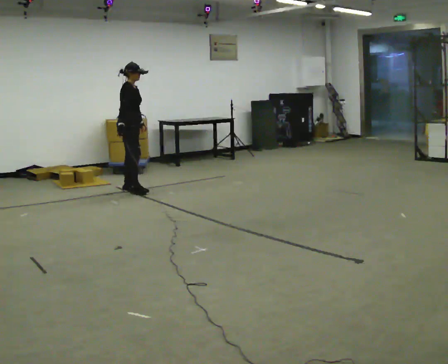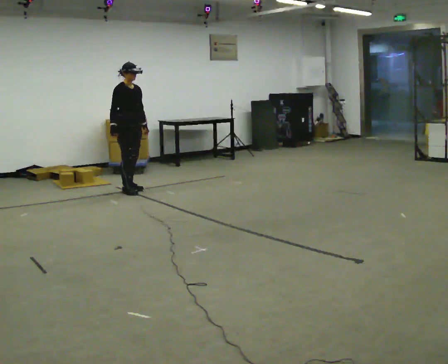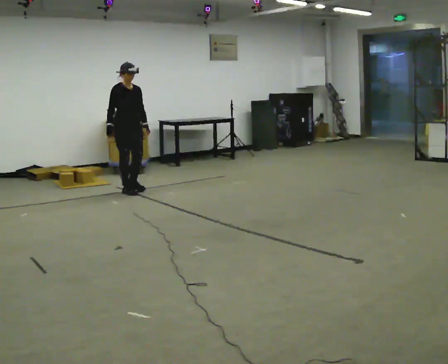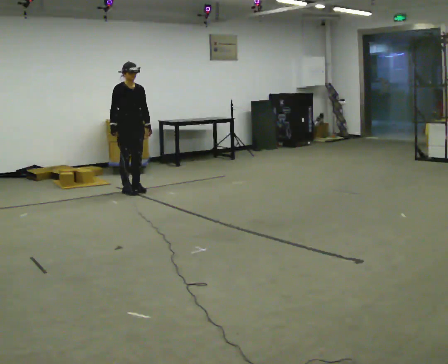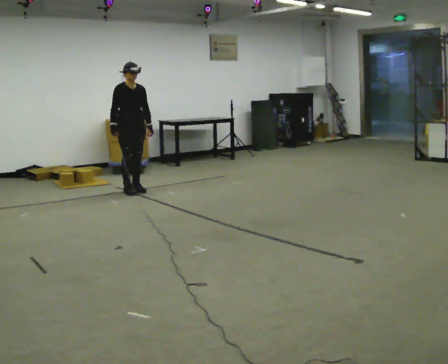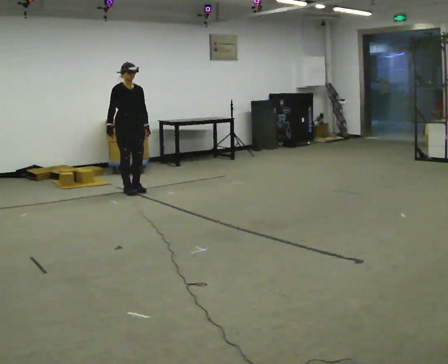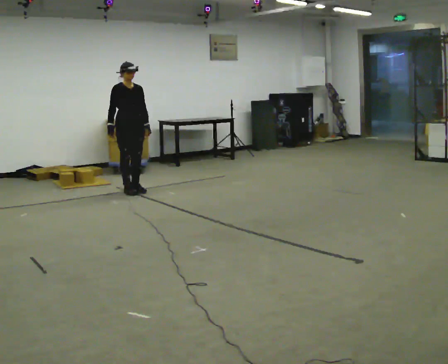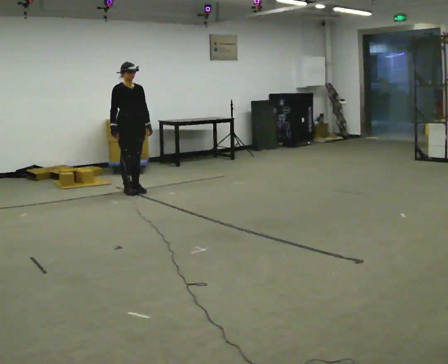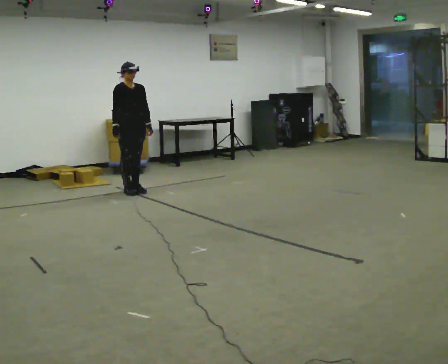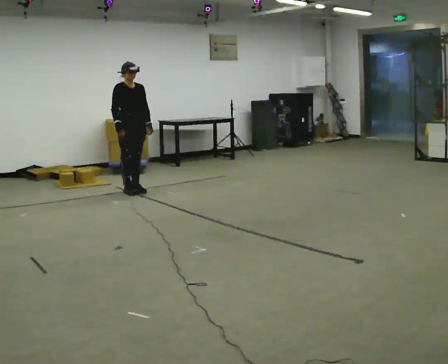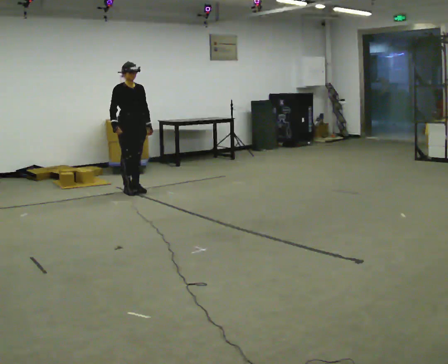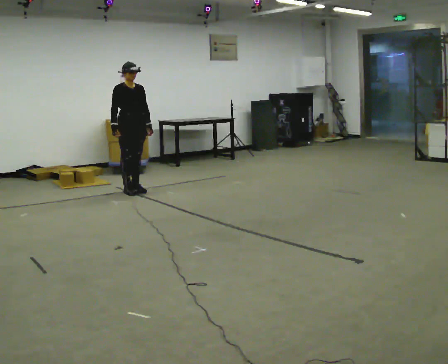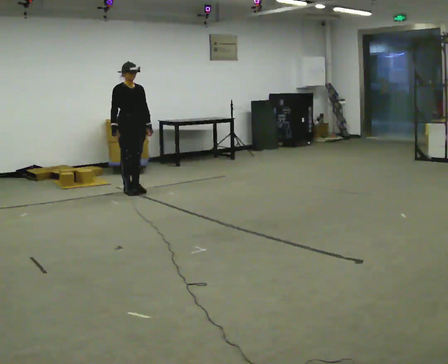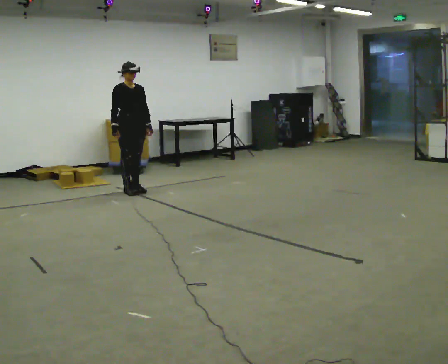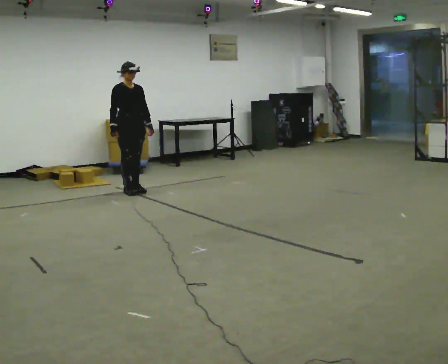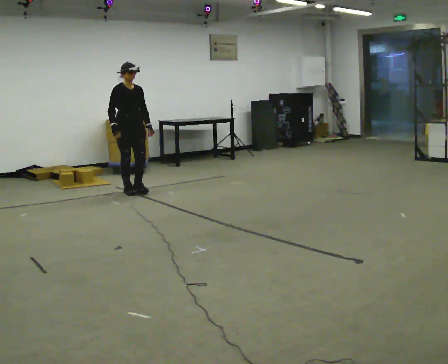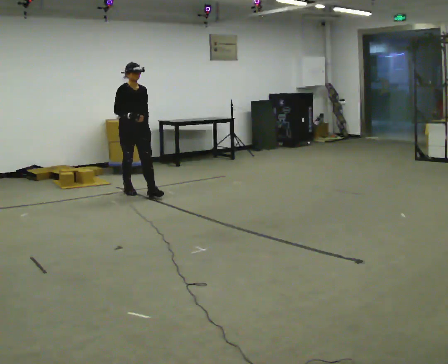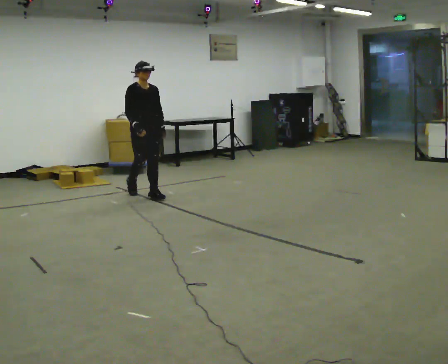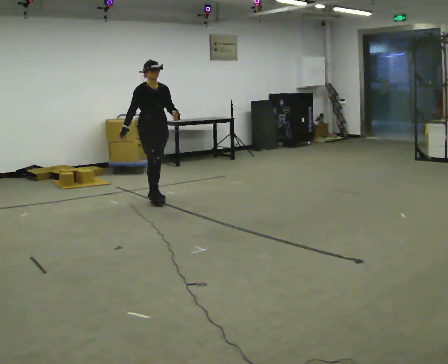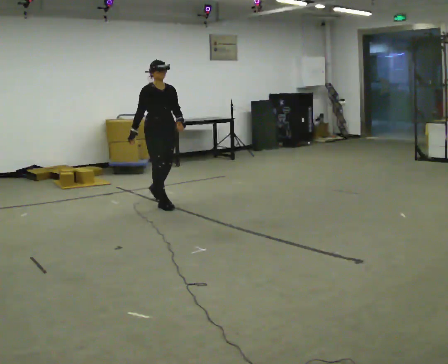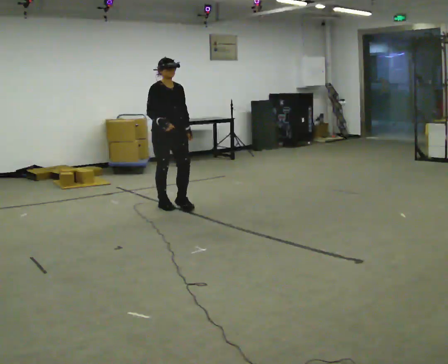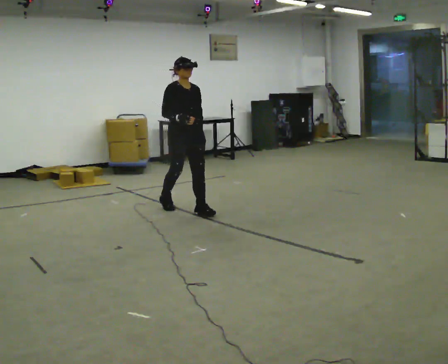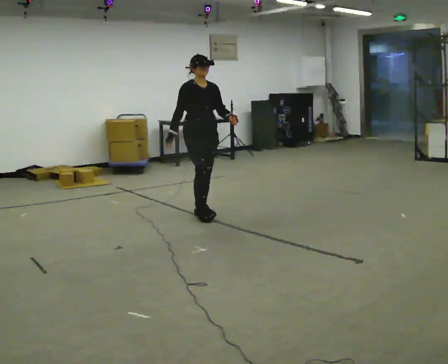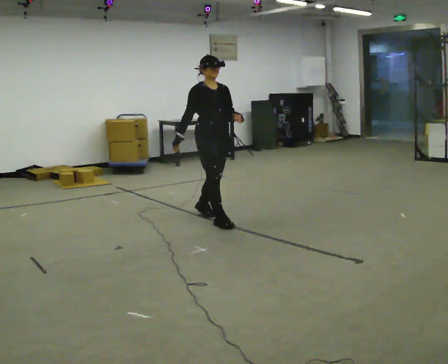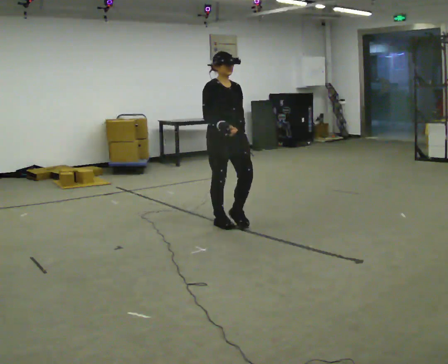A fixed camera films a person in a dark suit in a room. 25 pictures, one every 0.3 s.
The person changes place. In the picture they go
toward the camera.
0.0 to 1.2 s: The part of the body nearest the lens slides to the left as the person turns to their right by about 45 degrees.
1.2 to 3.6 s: The person moves a little, or ends about where they began.
3.6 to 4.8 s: In the picture they go toward the camera, about 0.25 m, which for them is forward.
4.8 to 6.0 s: In the picture they go toward the camera and to the right, about 1 m in 2 steps, which for them is forward.
6.0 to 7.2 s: In the picture they go toward the camera and to the right, about 1 m in 2 steps, which for them is forward.
The film runs forward here.
